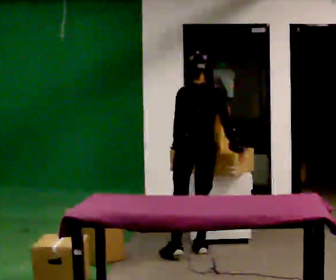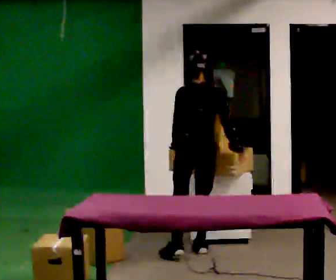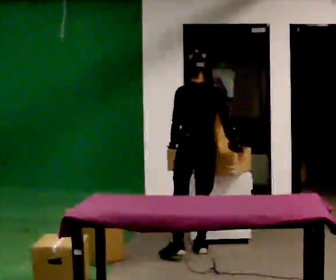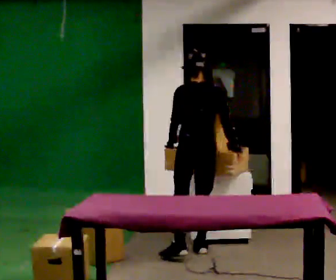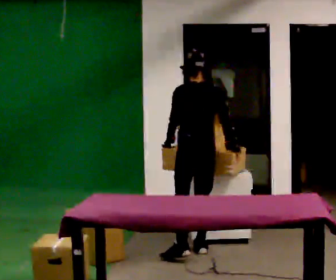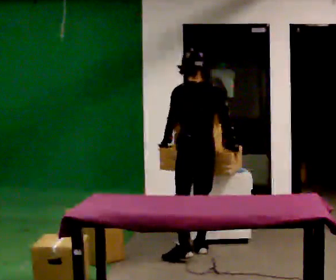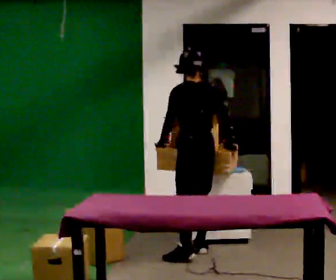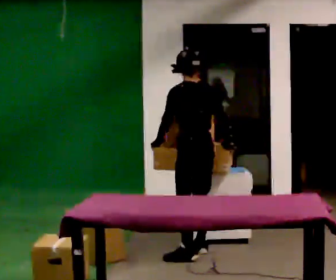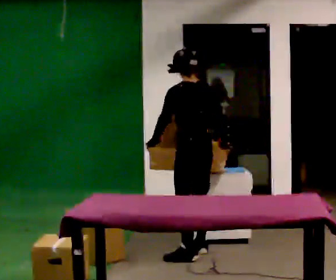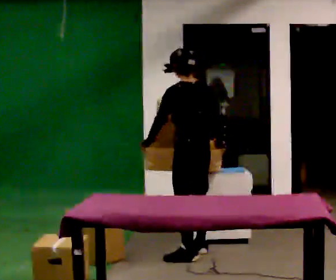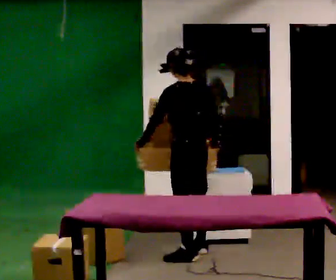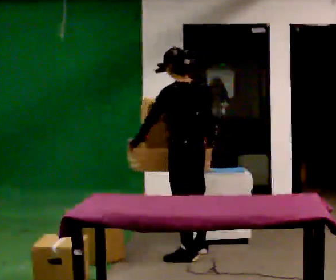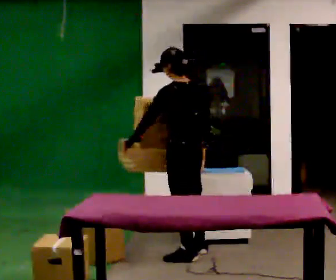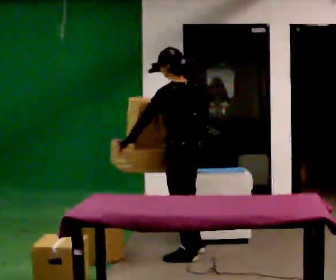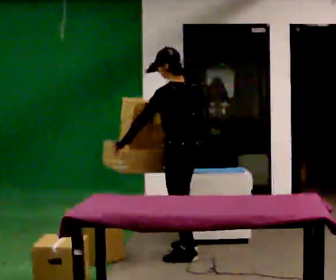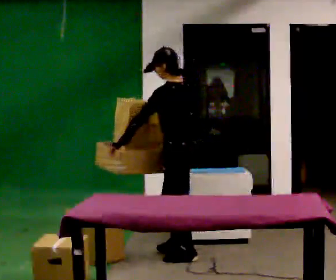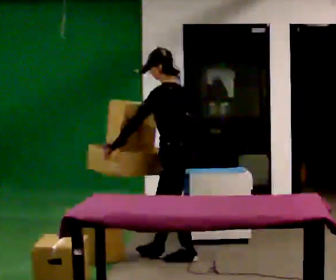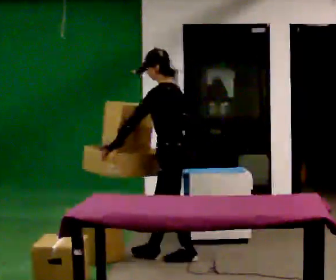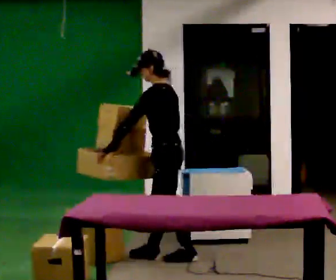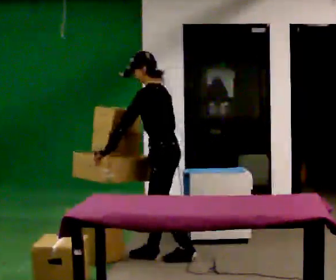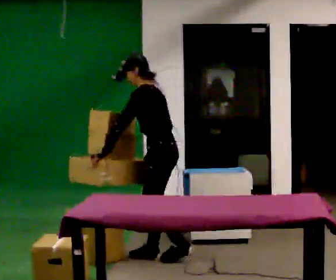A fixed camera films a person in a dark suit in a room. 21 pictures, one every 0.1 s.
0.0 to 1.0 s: Seen from above the body turns counterclockwise, about 30 degrees: to their left, with its near side sliding to the right. In the picture they go toward the camera, about 0.25 m, which for them is backward and to their left.
1.0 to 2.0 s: Seen from above the body turns counterclockwise, about 45 degrees: to their left, with its near side sliding to the right. In the picture they go to the left, about 0.25 m in 1 step, which for them is forward and to their left. In the picture the upper body tilts counterclockwise, shoulders to the left.
The film runs forward here.
